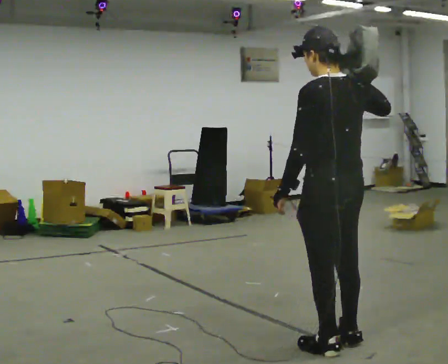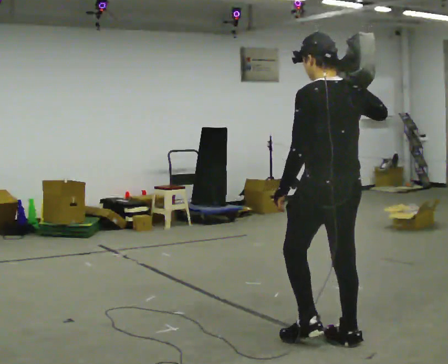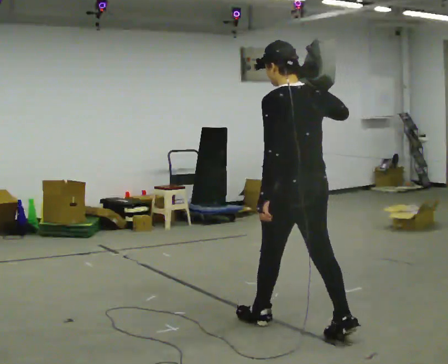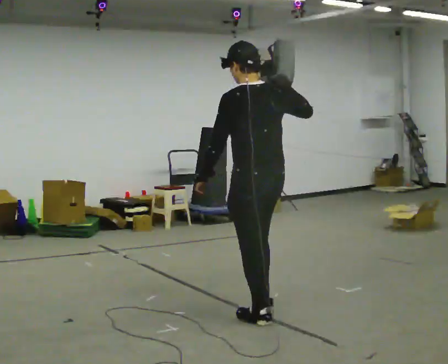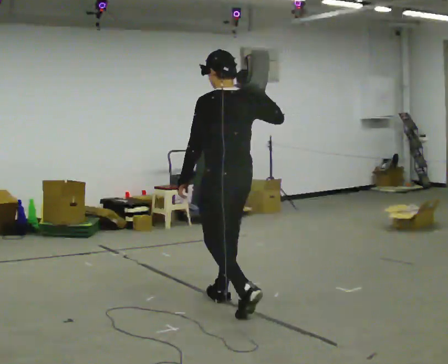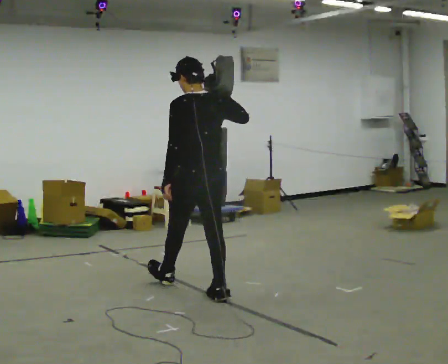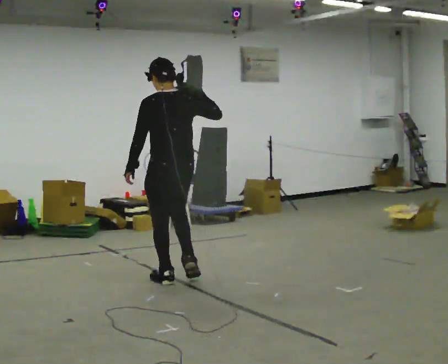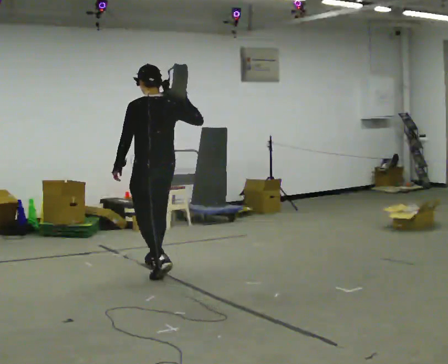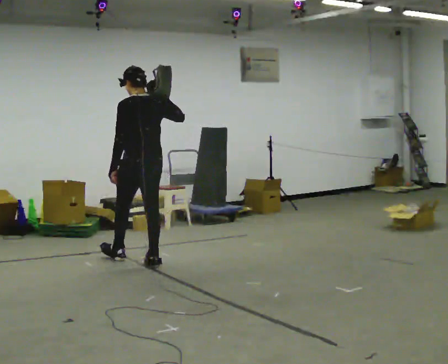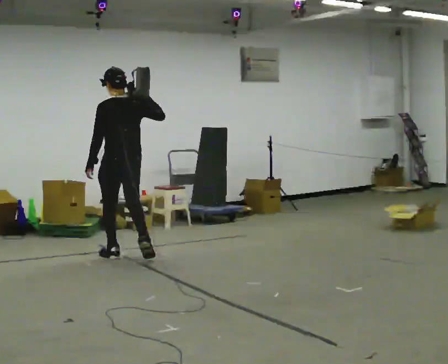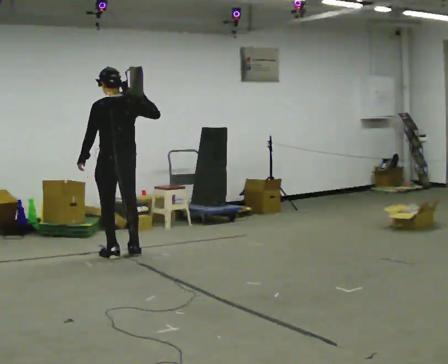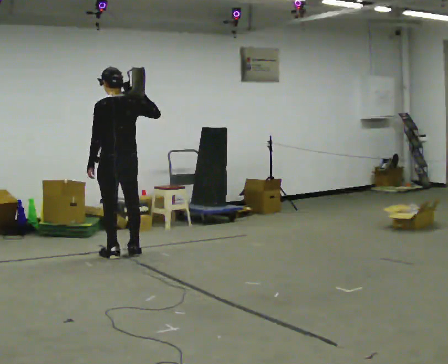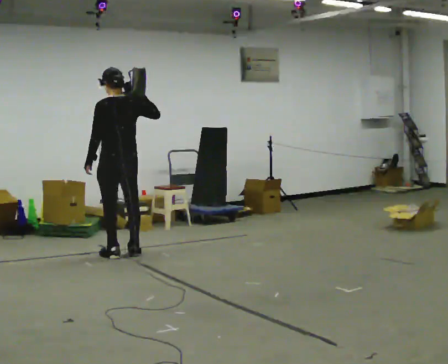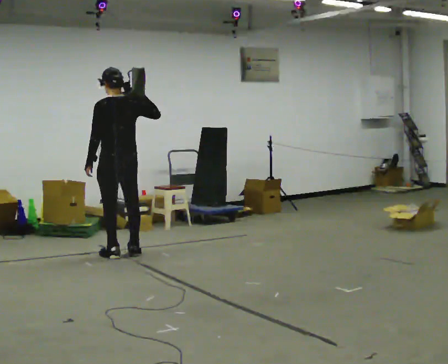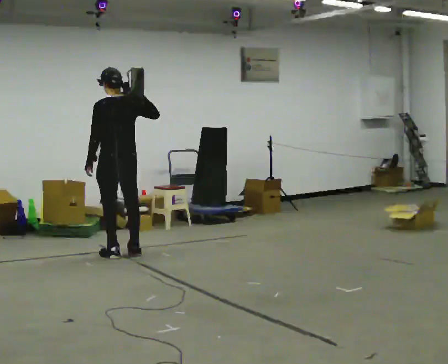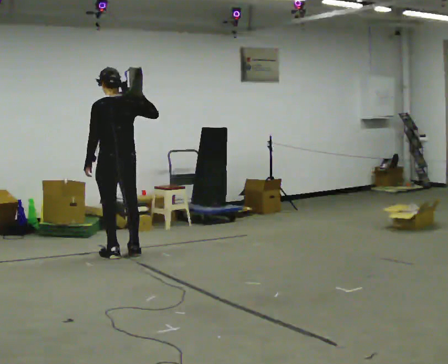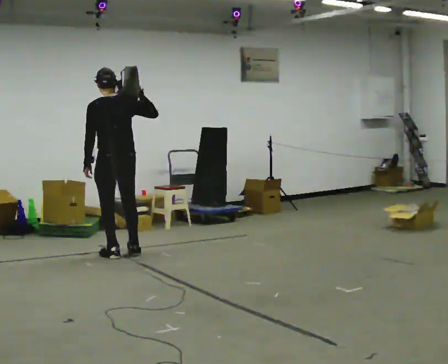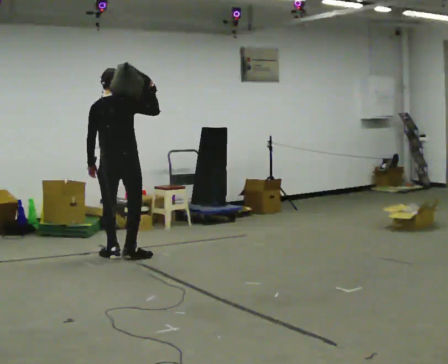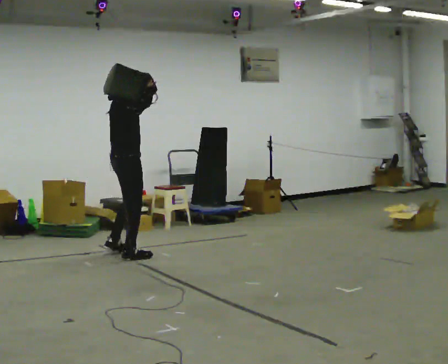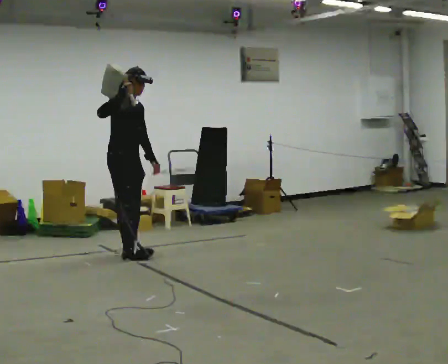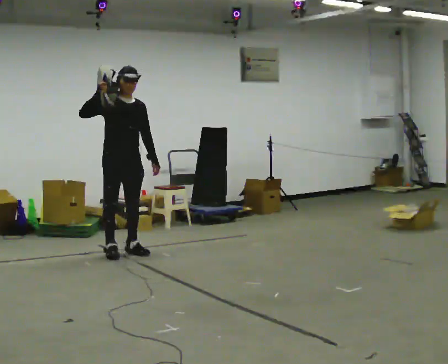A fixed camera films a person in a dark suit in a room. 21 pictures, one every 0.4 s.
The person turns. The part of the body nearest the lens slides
to the left.
The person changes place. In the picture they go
away from the camera.
0.0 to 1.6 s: In the picture they go away from the camera and to the left, about 1 m in 2 steps, which for them is forward.
1.6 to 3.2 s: In the picture they go away from the camera and to the left, about 1.5 m in 2 steps, which for them is forward.
3.2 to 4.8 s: In the picture they go away from the camera and to the left, about 0.5 m in 2 steps, which for them is forward.
4.8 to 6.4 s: The person moves a little, or ends about where they began.
6.4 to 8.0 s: The part of the body nearest the lens slides to the left as the person turns to their right by about 165 degrees. In the picture their right hand goes to the left.
The film runs forward here.
